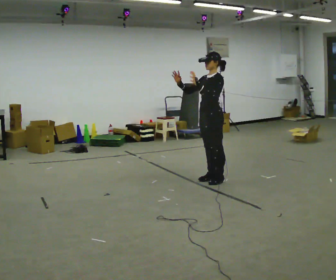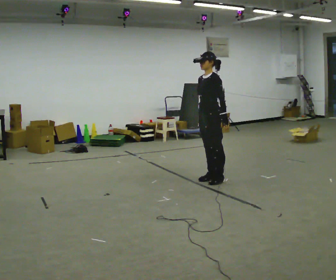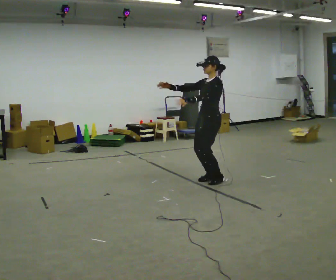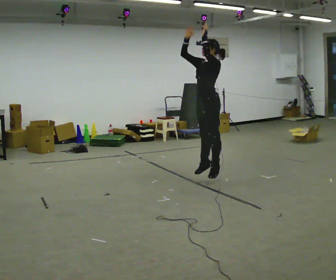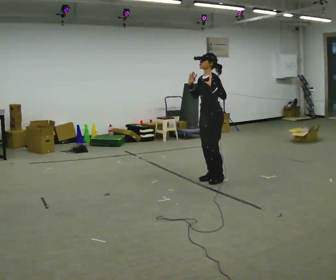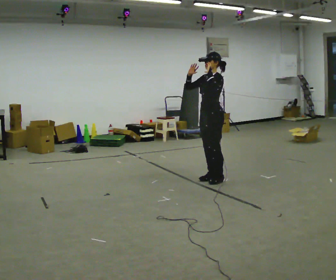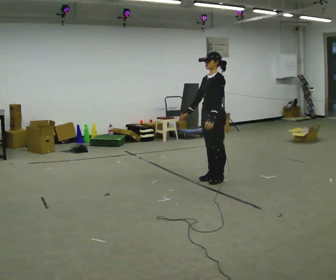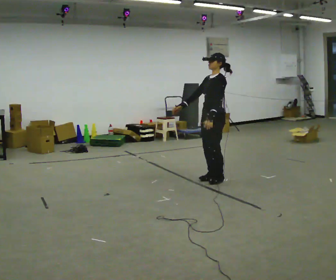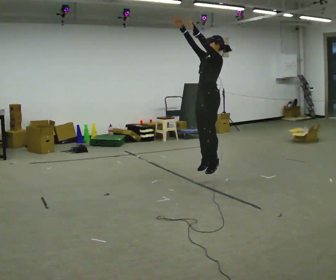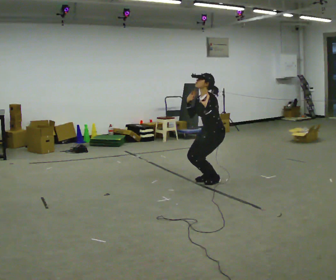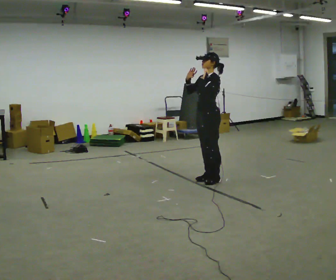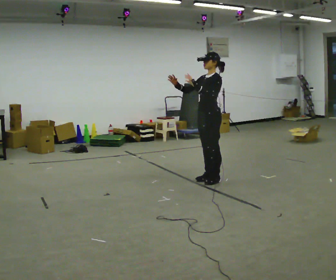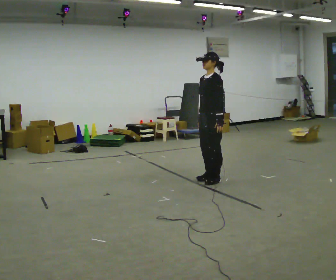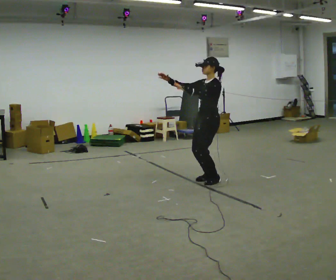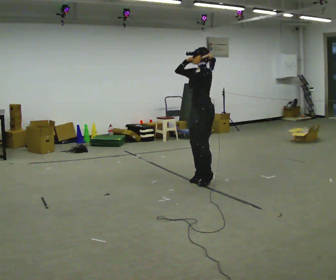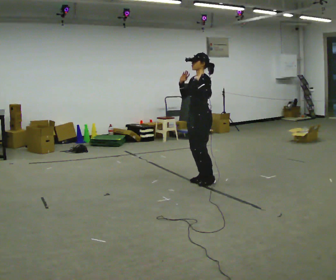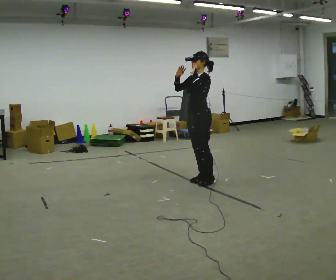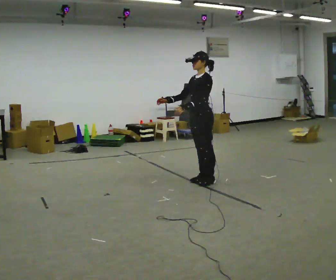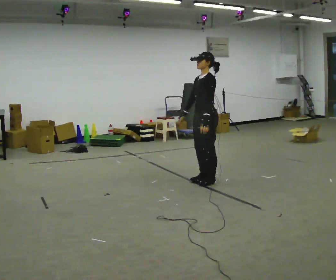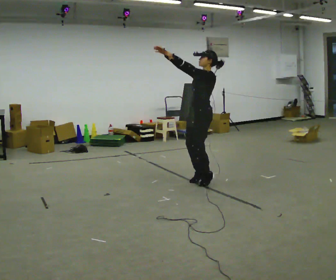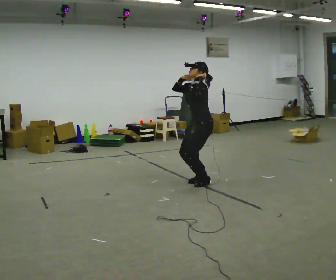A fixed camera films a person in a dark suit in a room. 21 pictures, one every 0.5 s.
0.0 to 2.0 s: The person moves a little, or ends about where they began.
2.0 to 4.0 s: In the picture their right hand goes upward.
4.0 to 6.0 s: In the picture their right hand goes downward.
6.0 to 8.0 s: In the picture their left hand goes upward.
8.0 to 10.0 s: The person moves a little, or ends about where they began.
The film runs backward here.
